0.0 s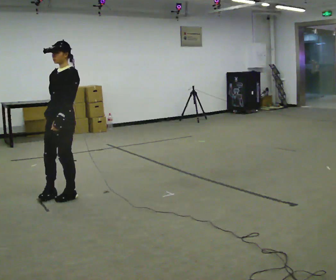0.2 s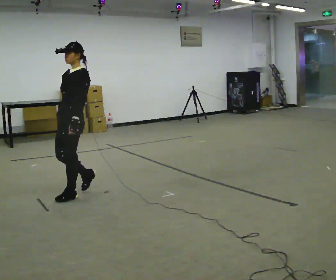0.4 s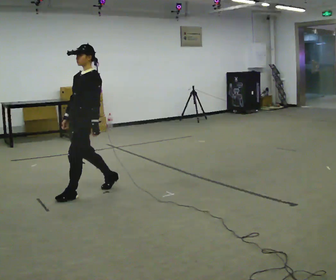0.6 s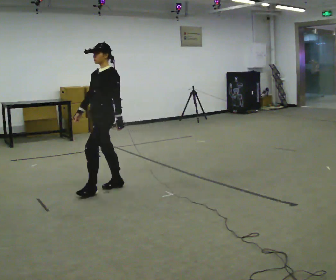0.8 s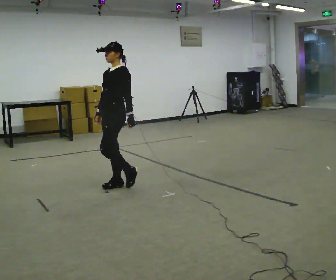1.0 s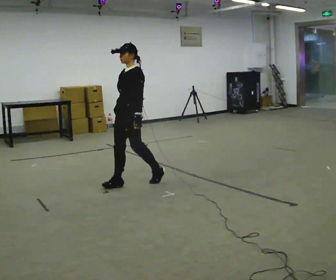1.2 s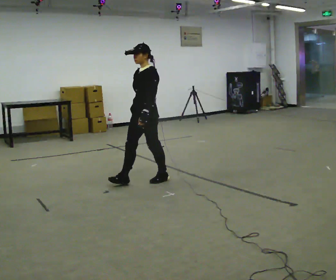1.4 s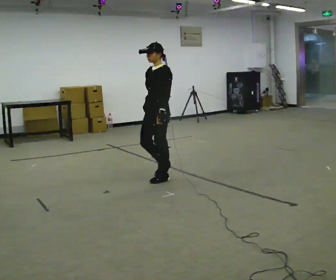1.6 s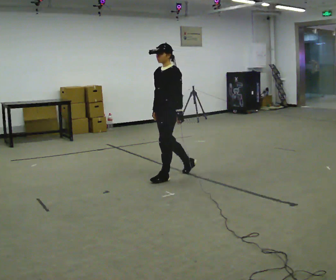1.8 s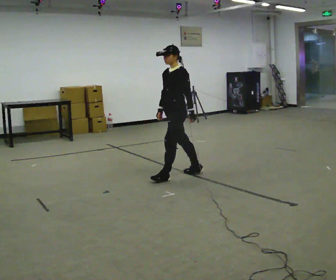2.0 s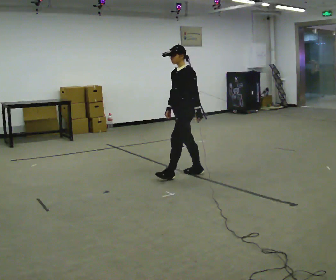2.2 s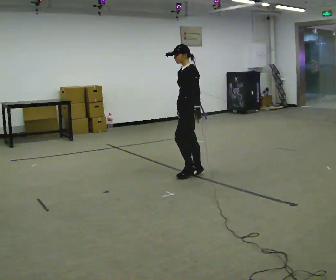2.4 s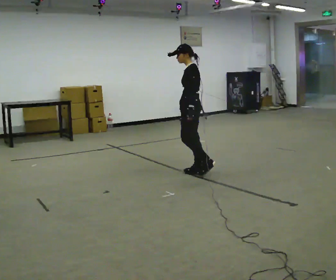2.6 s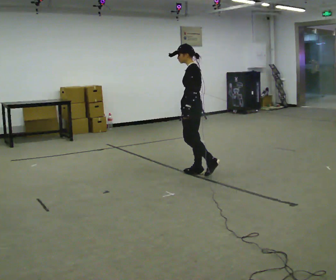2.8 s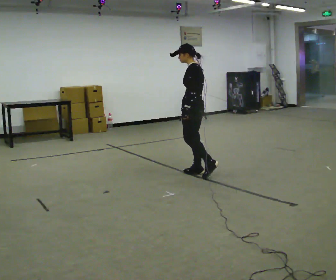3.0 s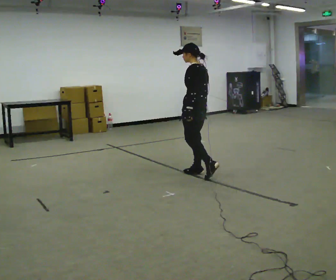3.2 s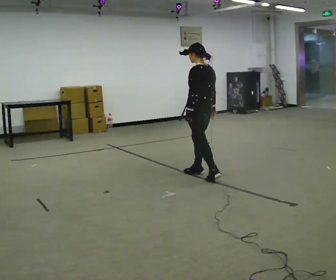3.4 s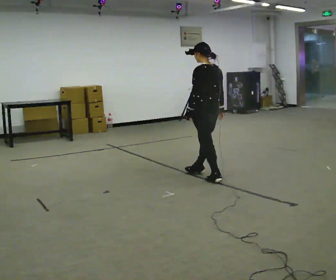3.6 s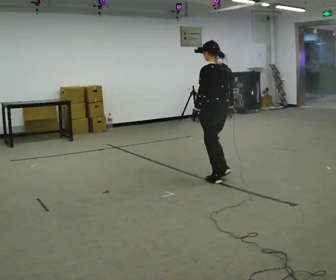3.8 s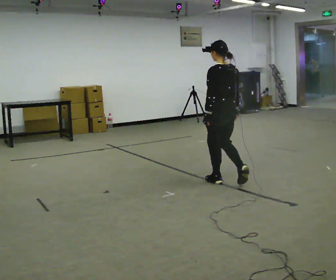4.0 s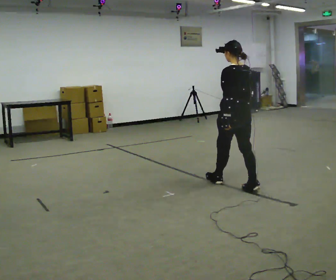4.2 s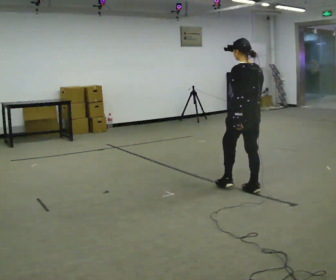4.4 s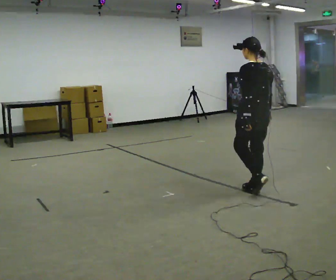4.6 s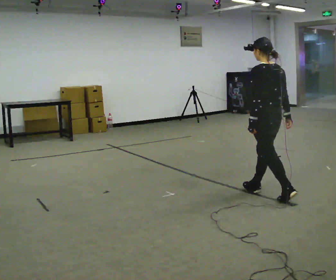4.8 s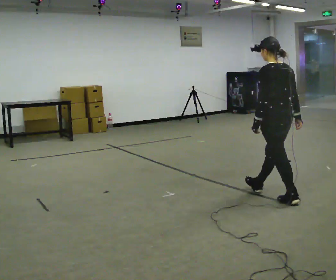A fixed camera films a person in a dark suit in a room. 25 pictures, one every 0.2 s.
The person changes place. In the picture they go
to the right.
The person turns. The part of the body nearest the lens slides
to the left.
0.0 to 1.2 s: In the picture they go to the right and away from the camera, about 1 m in 2 steps, which for them is backward.
1.2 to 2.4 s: The part of the body nearest the lens slides to the left as the person turns to their right by about 30 degrees. In the picture they go to the right and away from the camera, about 0.75 m in 1 step, which for them is backward.
2.4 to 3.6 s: Seen from above the body turns clockwise, about 60 degrees: to their right, with its near side sliding to the left. In the picture they go toward the camera and to the right, about 0.5 m in 2 steps, which for them is backward and to their left.
3.6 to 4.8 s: In the picture they go toward the camera and to the right, about 1 m in 2 steps, which for them is backward.
The film runs backward here.
